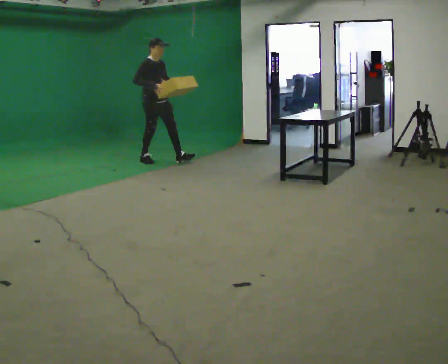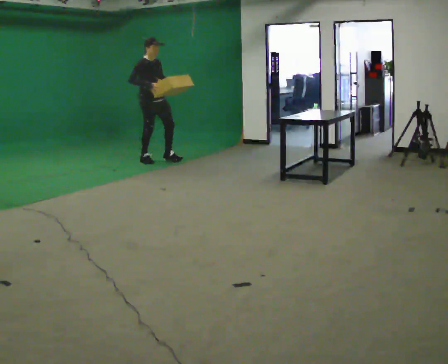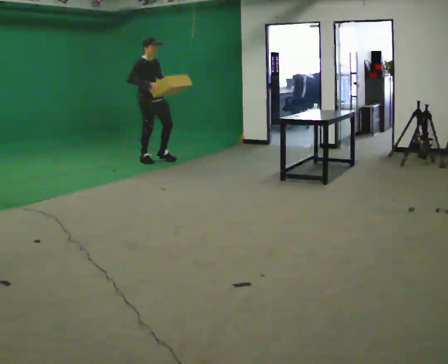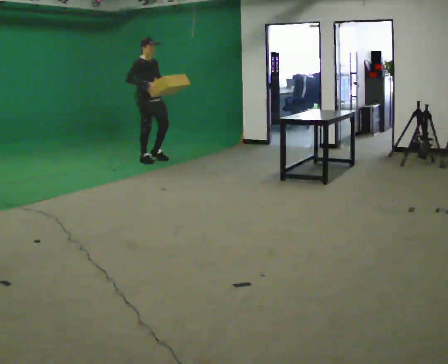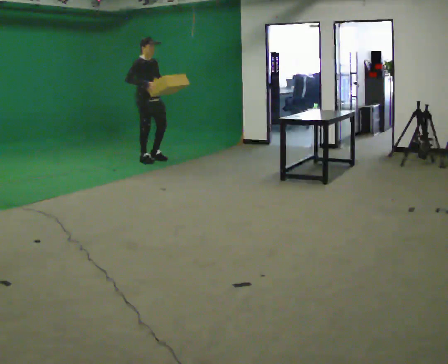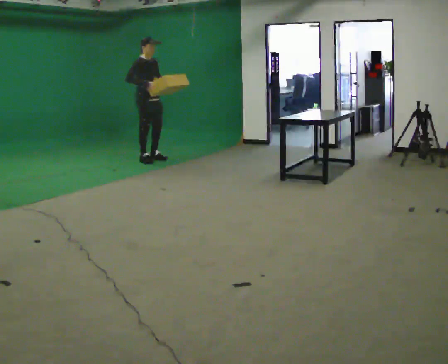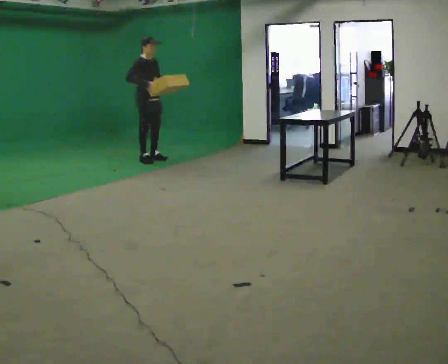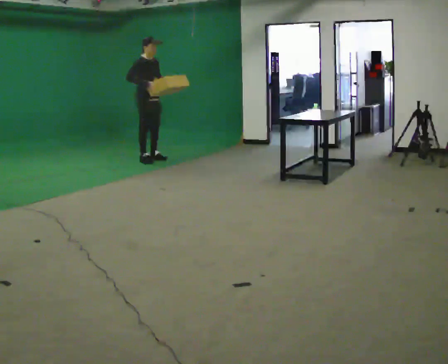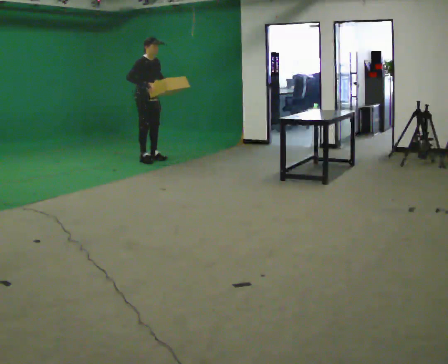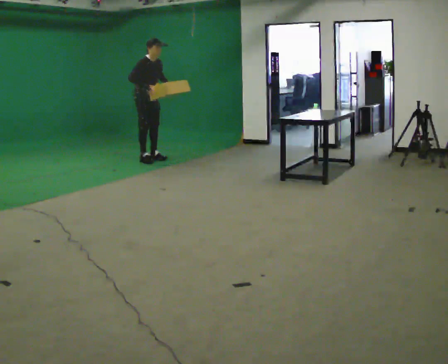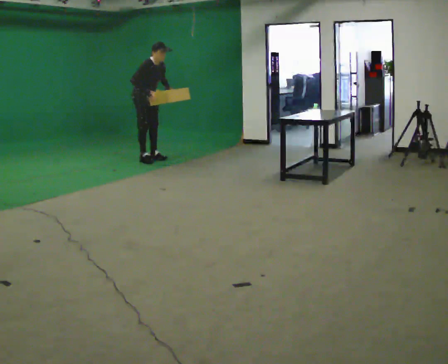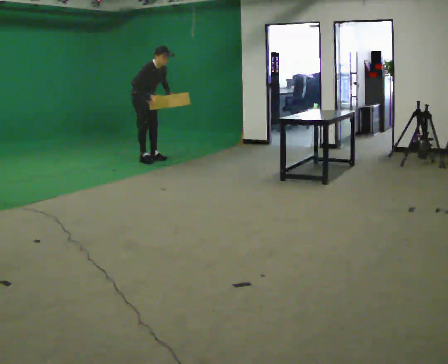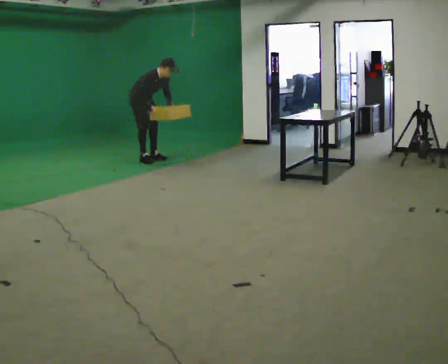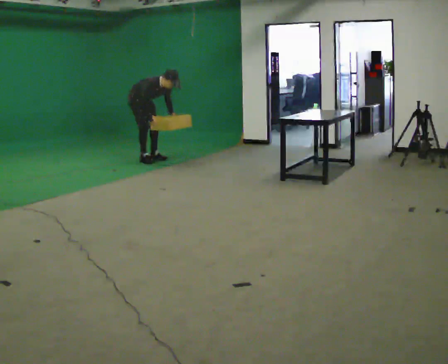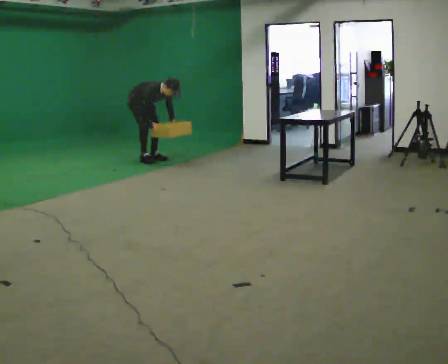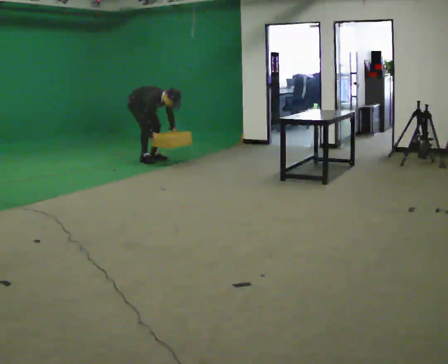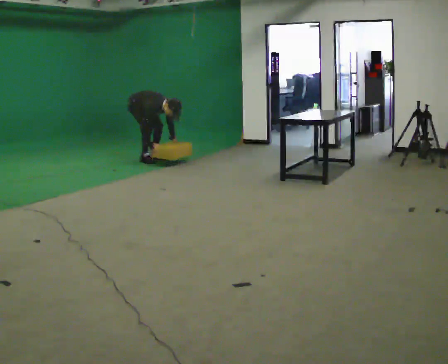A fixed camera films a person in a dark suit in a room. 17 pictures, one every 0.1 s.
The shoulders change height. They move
downward.
The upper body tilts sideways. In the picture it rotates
clockwise.
0.0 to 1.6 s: In the picture they go away from the camera and to the left, about 0.25 m, which for them is backward. The upper body goes downward. In the picture the upper body tilts clockwise, shoulders to the right, as they bend forward. In the picture their right hand goes downward.
The film runs backward here.
